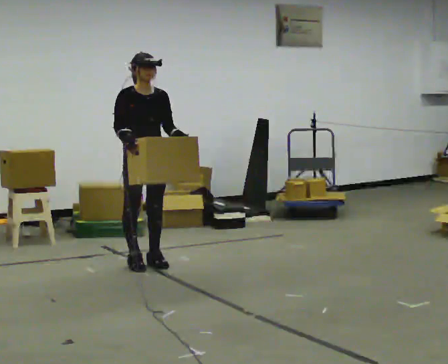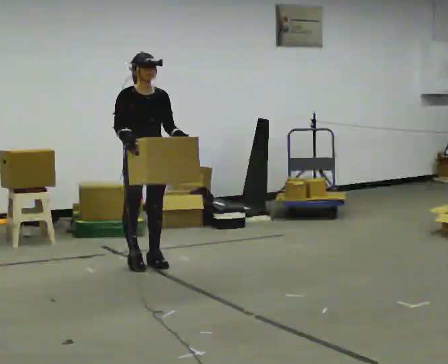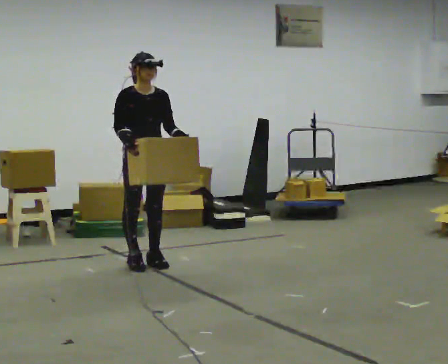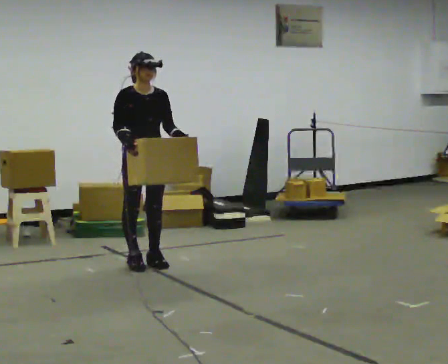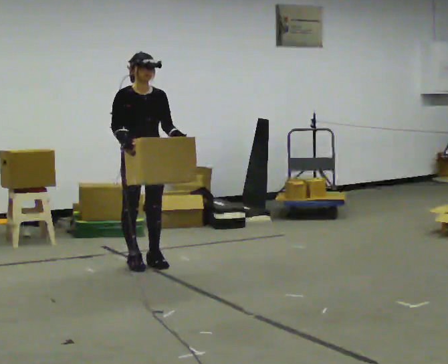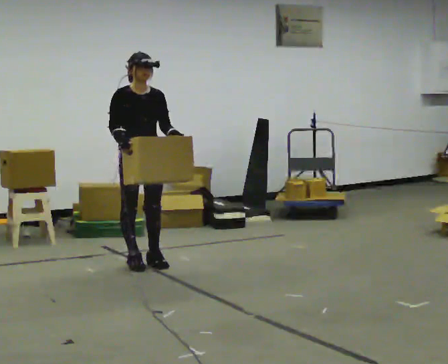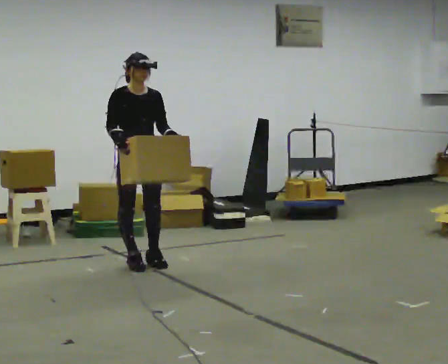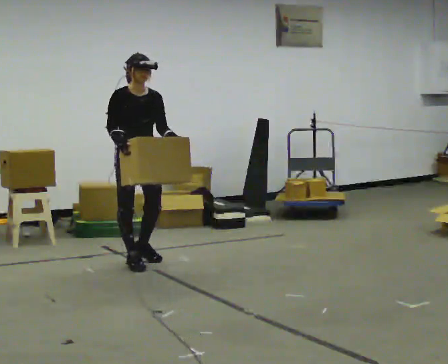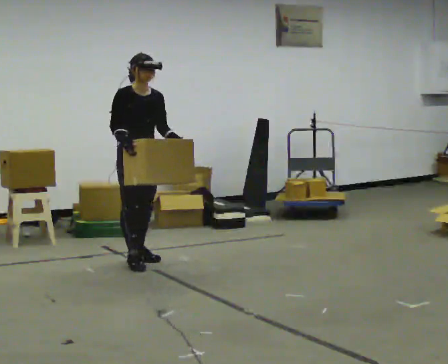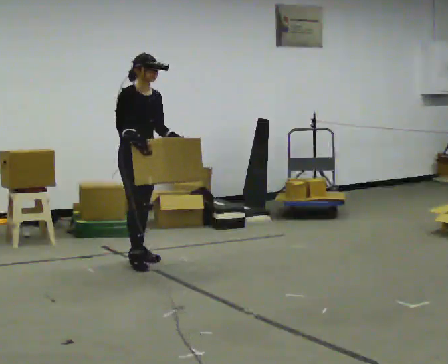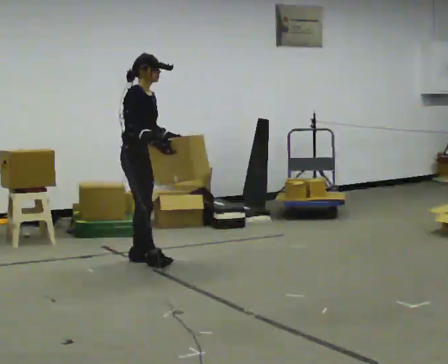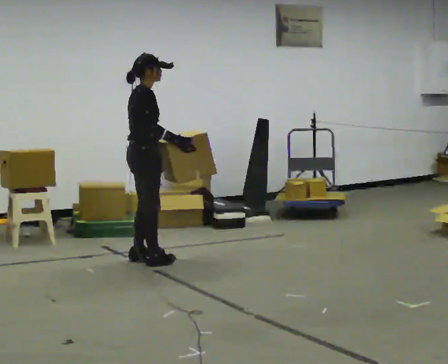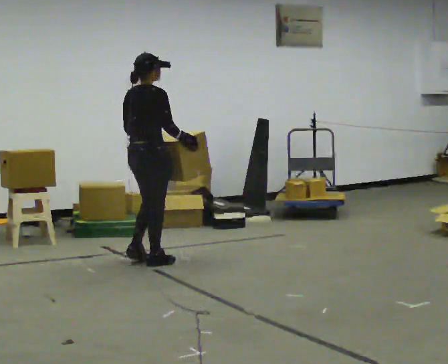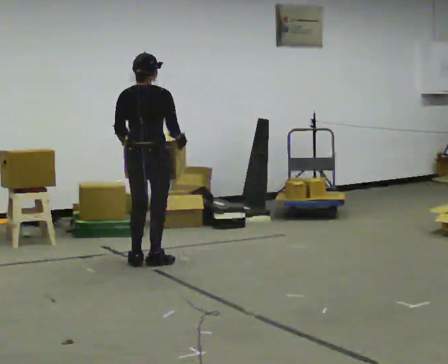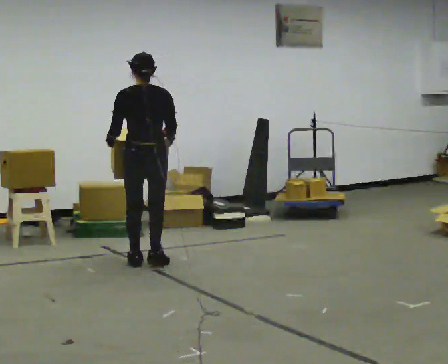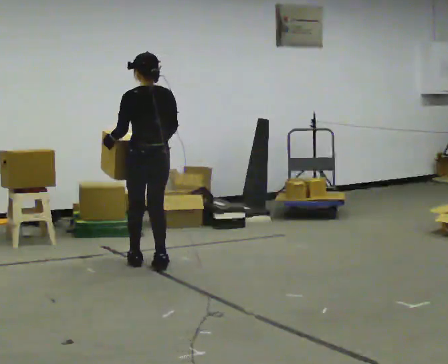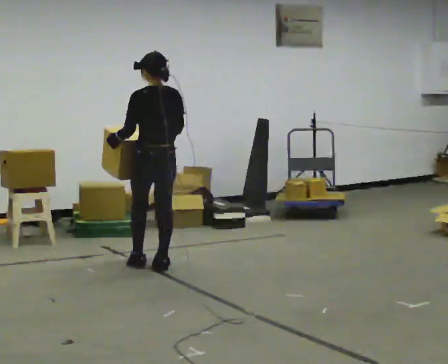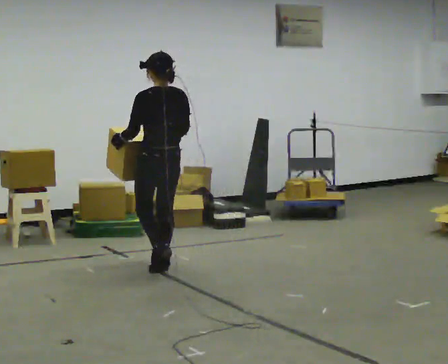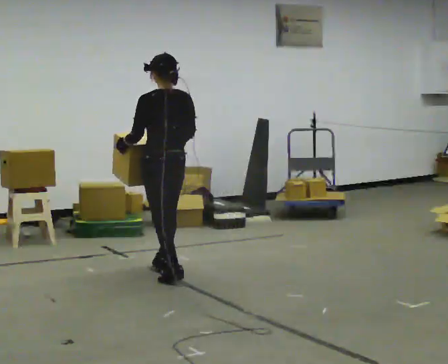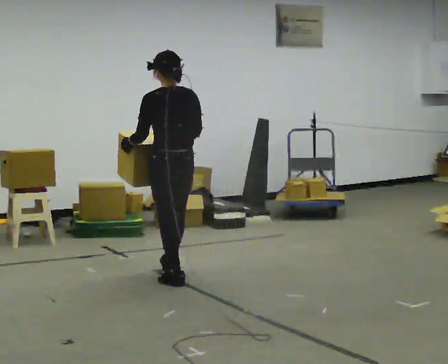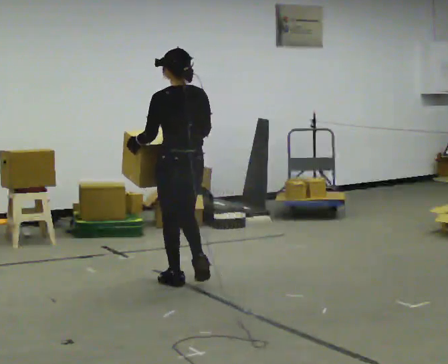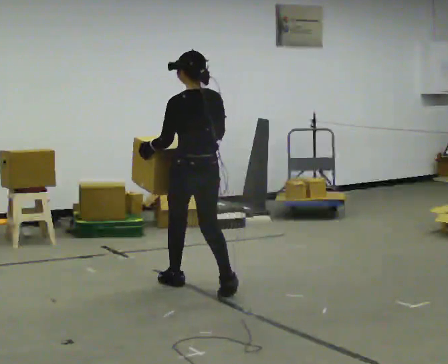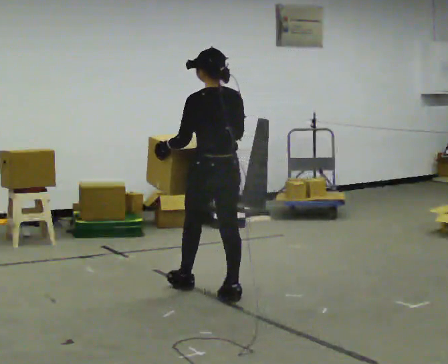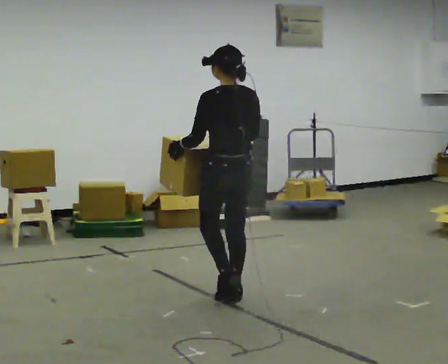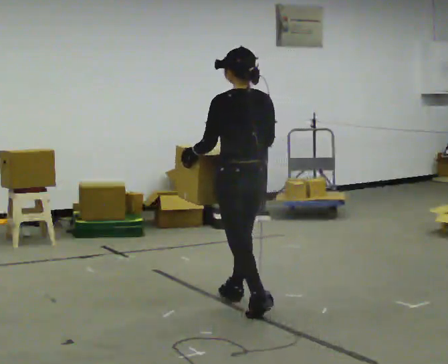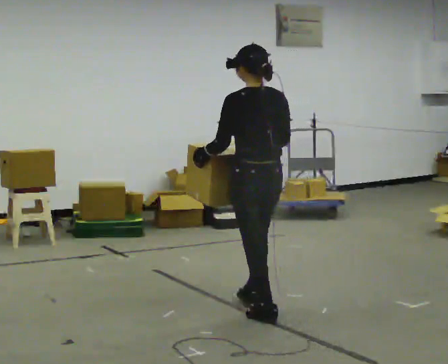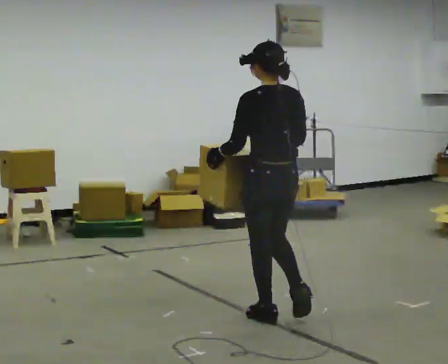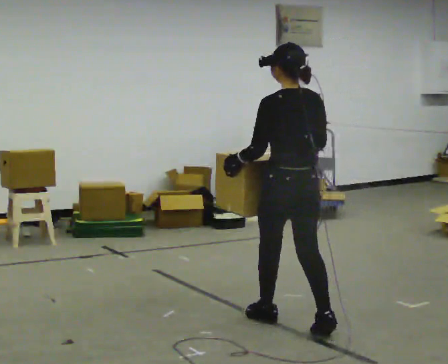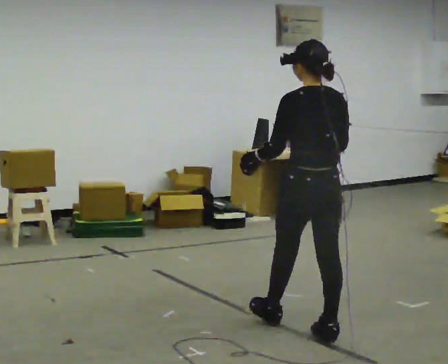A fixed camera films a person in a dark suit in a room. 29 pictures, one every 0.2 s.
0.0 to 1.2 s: The person moves a little, or ends about where they began.
1.2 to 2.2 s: The person turns about 75 degrees to their left, counterclockwise seen from above, so the part of the body nearest the lens slides to the right. In the picture their right hand goes to the right.
2.2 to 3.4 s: The person turns about 105 degrees to their left, counterclockwise seen from above, so the part of the body nearest the lens slides to the right. In the picture they go toward the camera and to the right, about 0.25 m in 3 steps.
3.4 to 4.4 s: In the picture they go toward the camera and to the right, about 0.5 m in 2 steps, which for them is backward.
4.4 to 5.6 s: In the picture they go toward the camera and to the right, about 1 m in 2 steps, which for them is backward.
The film runs backward here.
